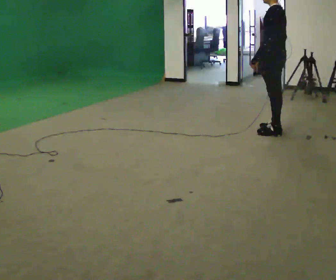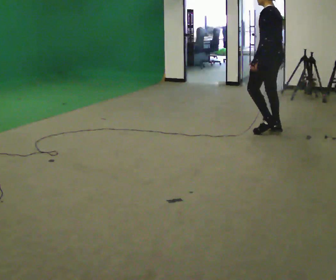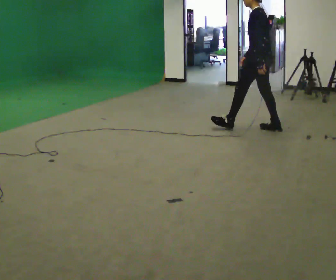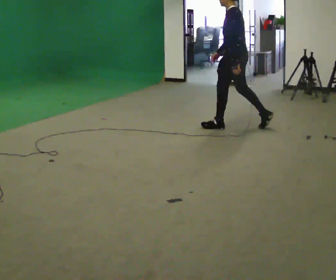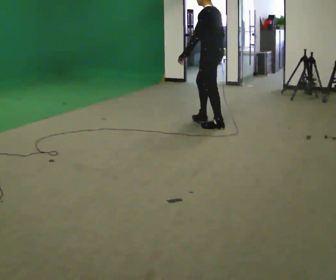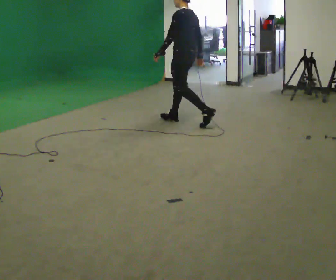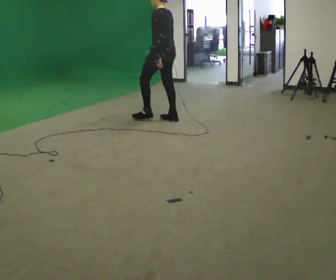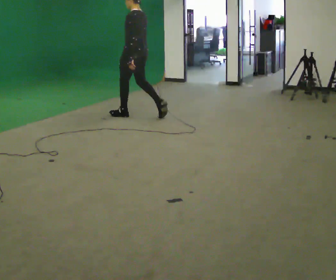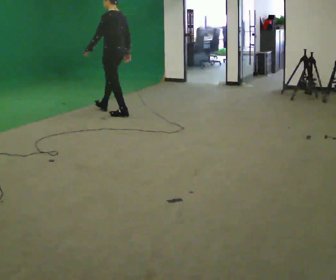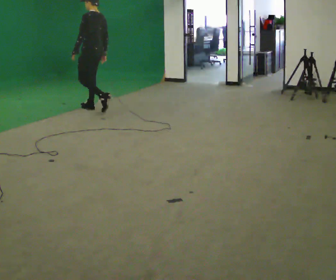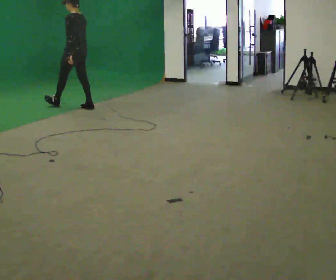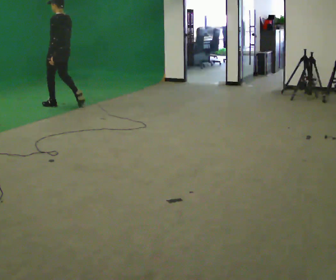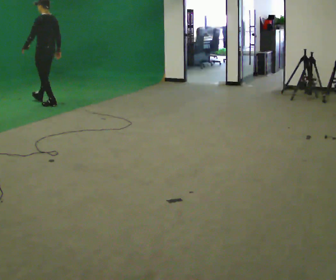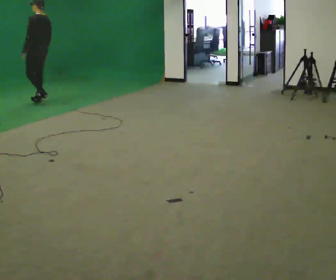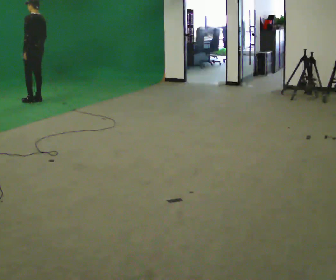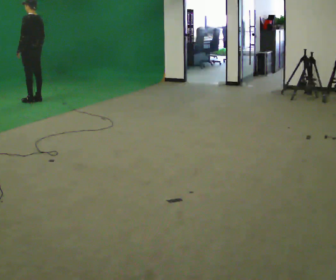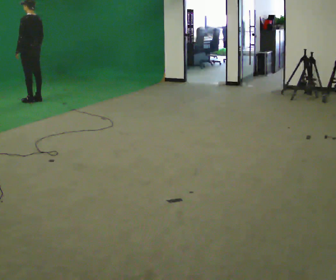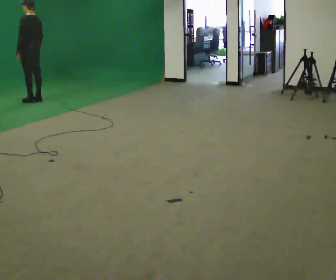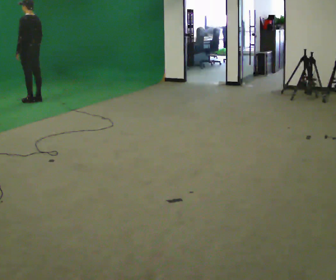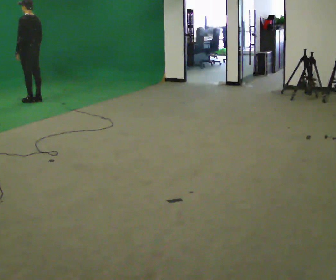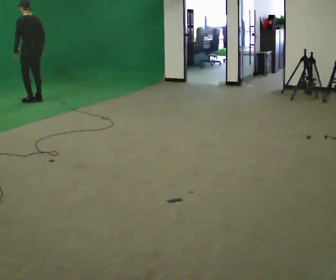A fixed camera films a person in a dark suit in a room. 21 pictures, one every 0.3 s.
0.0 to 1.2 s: In the picture they go to the left and away from the camera, about 1 m in 1 step, which for them is forward.
1.2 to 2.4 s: In the picture they go to the left and away from the camera, about 1.5 m in 2 steps, which for them is forward.
2.4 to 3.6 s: In the picture they go to the left and away from the camera, about 1.5 m in 2 steps, which for them is forward.
3.6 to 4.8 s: In the picture they go away from the camera and to the left, about 0.5 m in 2 steps, which for them is forward.
4.8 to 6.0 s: The person moves a little, or ends about where they began.
The film runs forward here.
